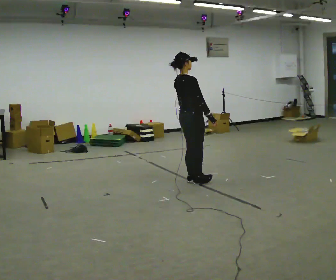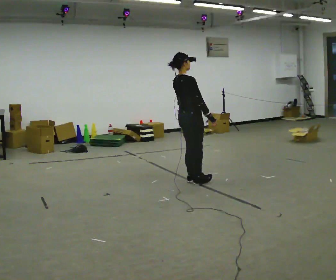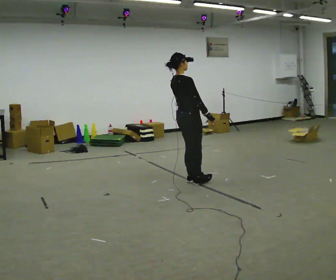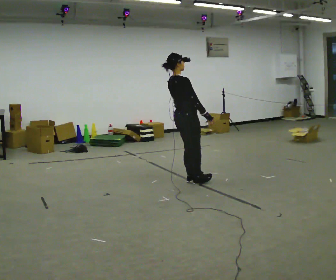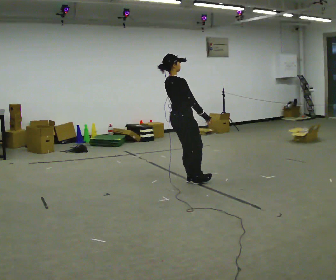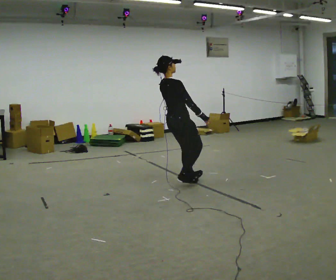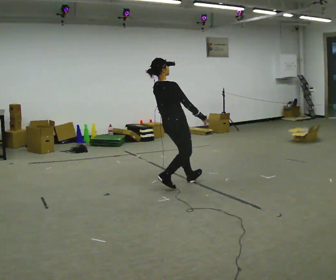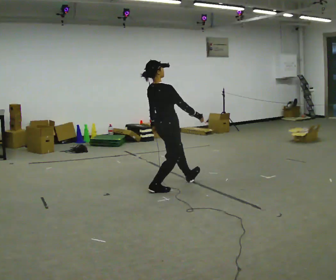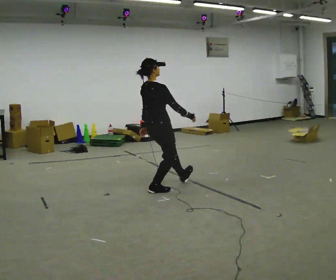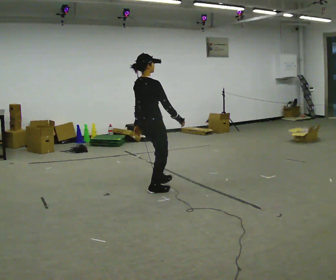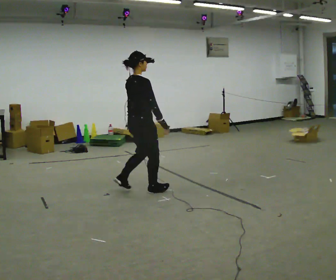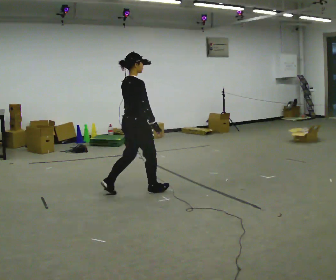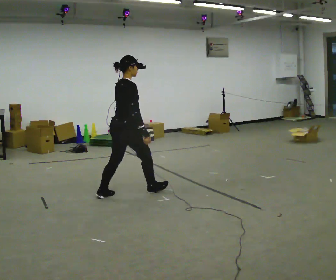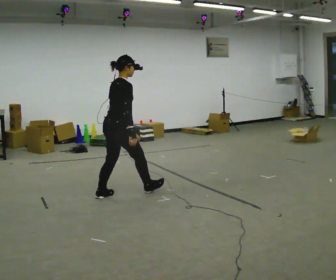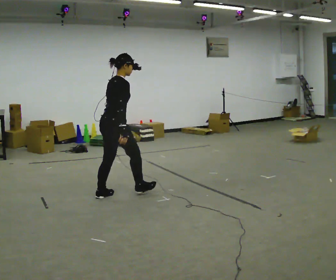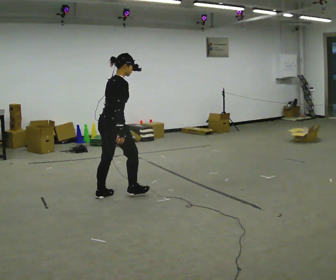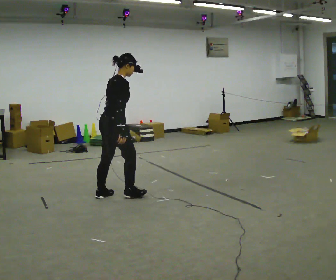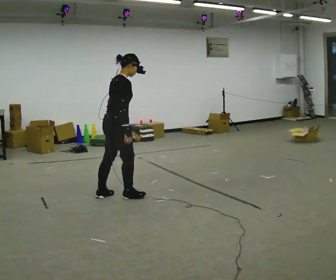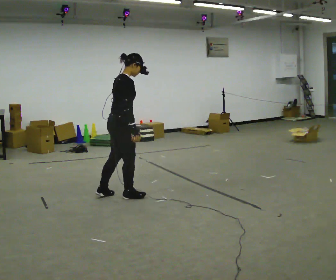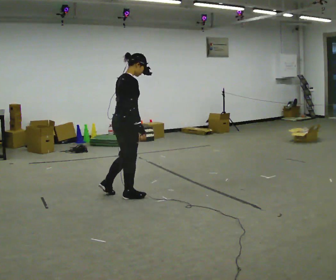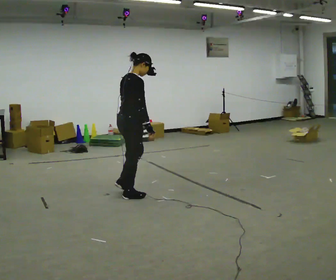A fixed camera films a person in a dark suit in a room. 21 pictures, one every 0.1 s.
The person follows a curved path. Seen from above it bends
counterclockwise.
0.0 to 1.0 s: In the picture they go to the left and toward the camera, about 0.5 m in 1 step, which for them is backward.
1.0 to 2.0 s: The person moves a little, or ends about where they began.
The film runs forward here.
